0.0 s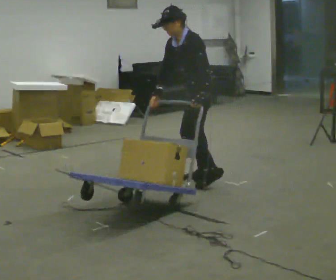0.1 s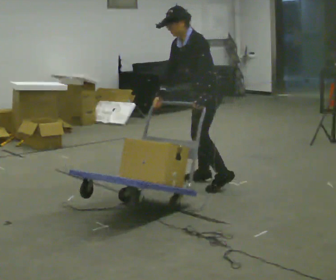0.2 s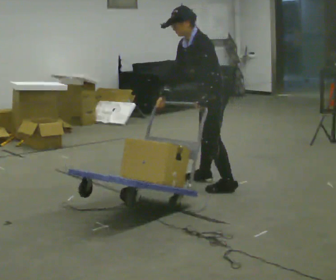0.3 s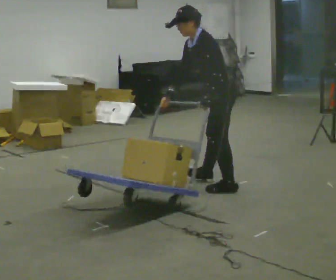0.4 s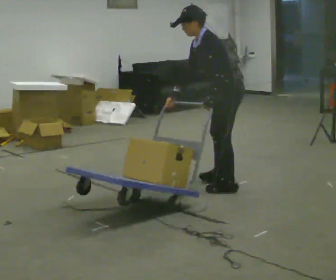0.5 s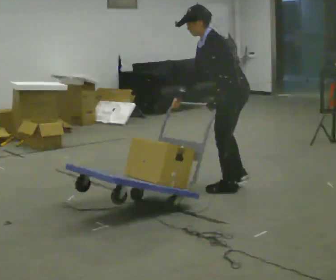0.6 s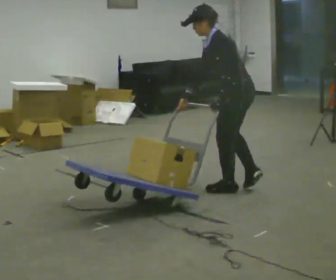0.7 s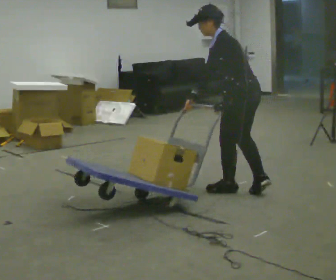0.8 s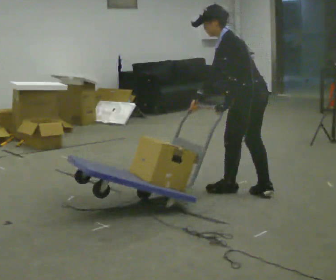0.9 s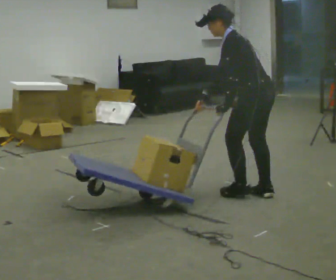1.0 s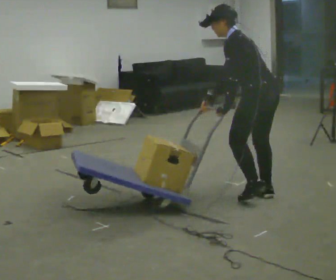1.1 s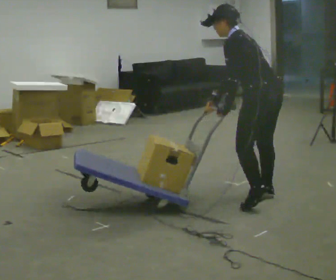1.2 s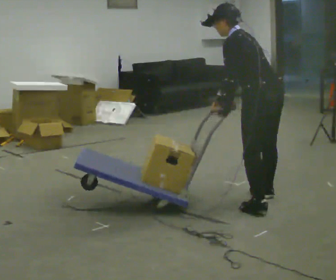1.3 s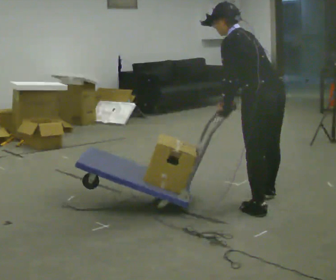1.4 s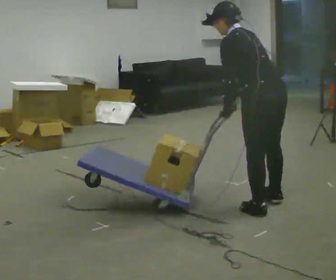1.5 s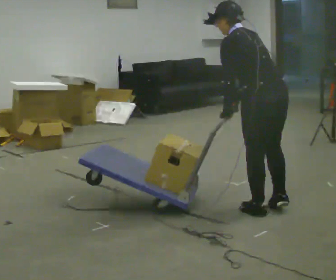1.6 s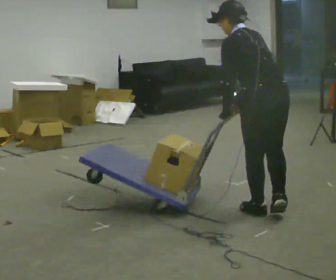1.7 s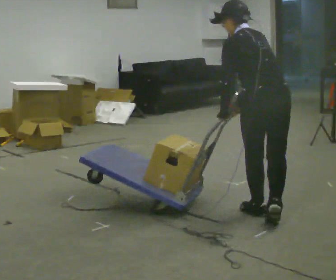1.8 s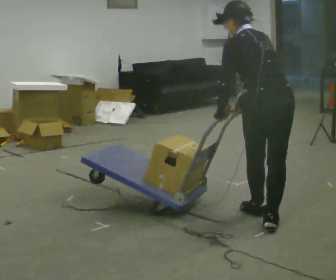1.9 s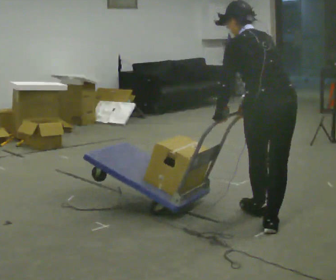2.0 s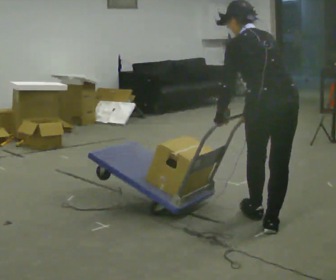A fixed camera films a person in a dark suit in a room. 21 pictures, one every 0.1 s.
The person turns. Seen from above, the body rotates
clockwise.
The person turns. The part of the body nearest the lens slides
to the left.
0.0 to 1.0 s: The person turns about 45 degrees to their right, clockwise seen from above, so the part of the body nearest the lens slides to the left. In the picture they go to the right and toward the camera, about 0.75 m in 2 steps, which for them is backward and to their left. The upper body tips away from the camera, its near side rolling upward.
1.0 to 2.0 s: The person turns about 45 degrees to their right, clockwise seen from above, so the part of the body nearest the lens slides to the left. In the picture they go toward the camera, about 0.75 m in 2 steps, which for them is backward and to their left. The upper body tips away from the camera, its near side rolling upward.
The film runs backward here.
